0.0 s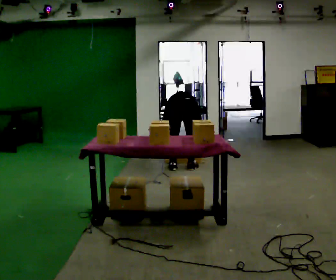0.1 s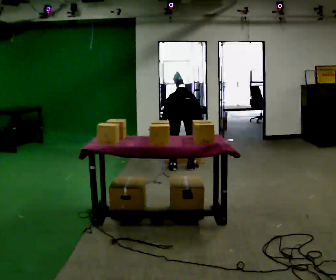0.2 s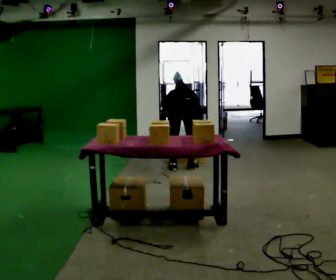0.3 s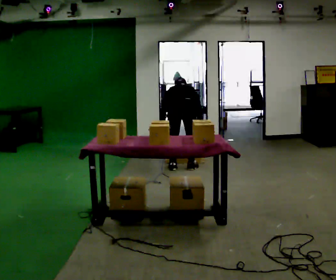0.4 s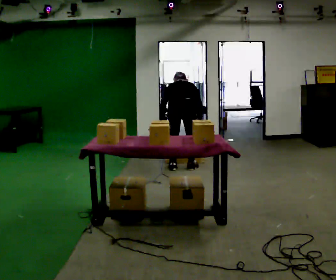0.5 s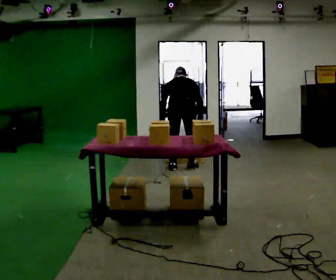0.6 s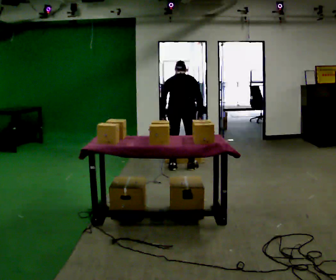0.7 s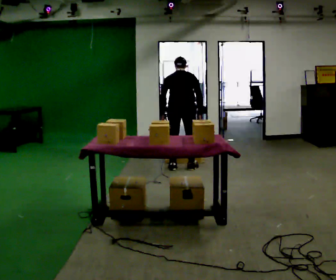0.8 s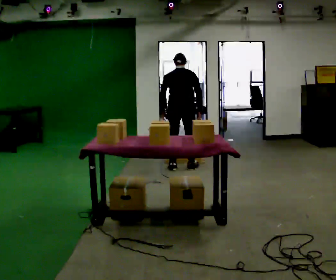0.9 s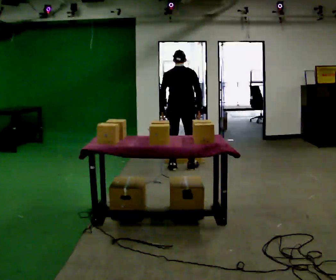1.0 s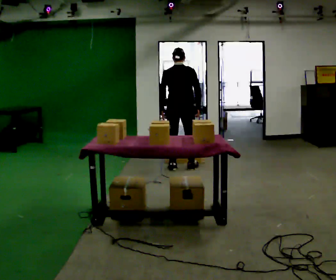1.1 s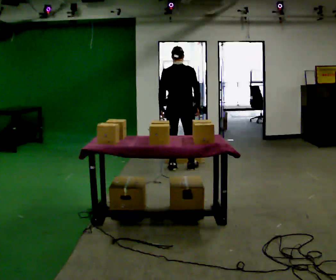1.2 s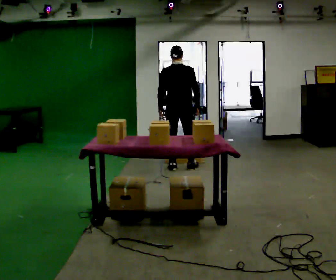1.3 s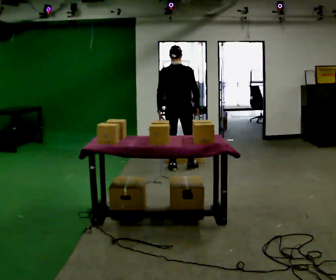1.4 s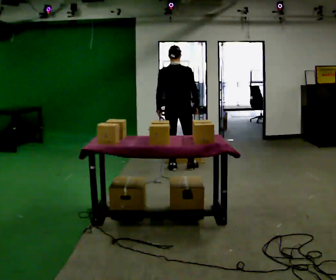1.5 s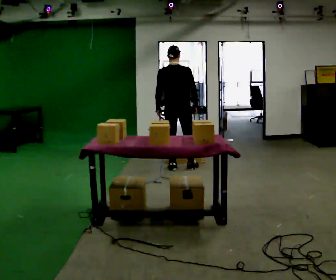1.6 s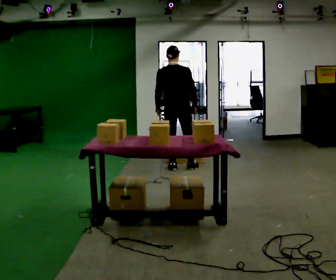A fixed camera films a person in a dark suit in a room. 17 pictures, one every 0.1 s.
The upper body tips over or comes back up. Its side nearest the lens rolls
downward.
Their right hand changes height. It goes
upward.
0.0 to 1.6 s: In the picture they go away from the camera, about 0.25 m, which for them is forward. The shoulders move upward. The upper body tips toward the camera, its near side rolling downward, as they lean back or straighten. In the picture their left hand goes upward.
The film runs forward here.
